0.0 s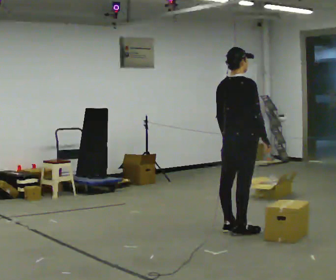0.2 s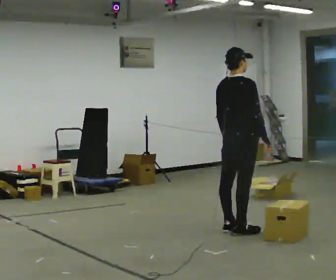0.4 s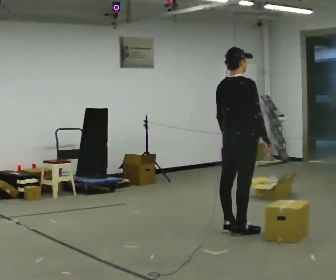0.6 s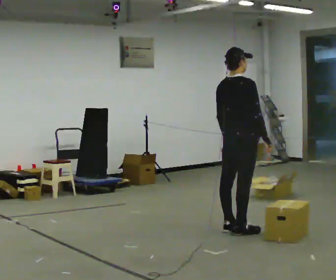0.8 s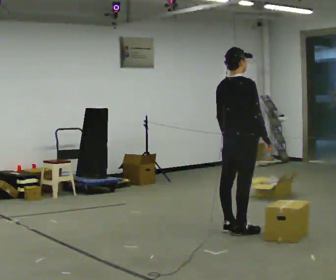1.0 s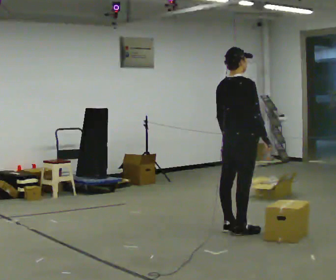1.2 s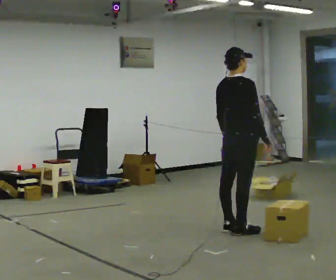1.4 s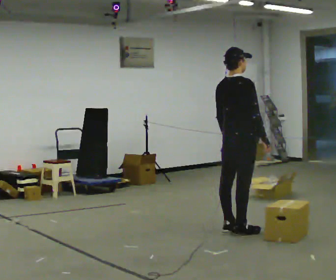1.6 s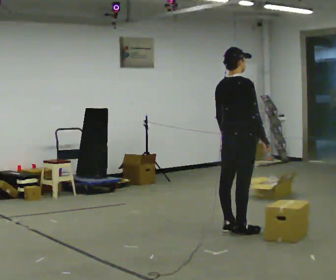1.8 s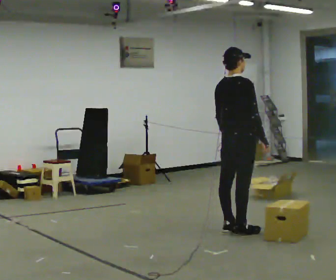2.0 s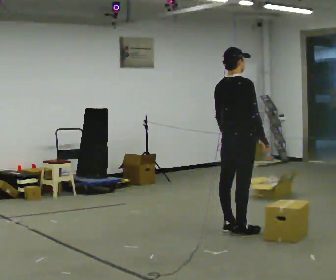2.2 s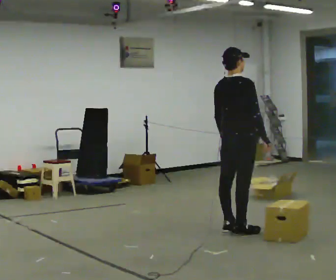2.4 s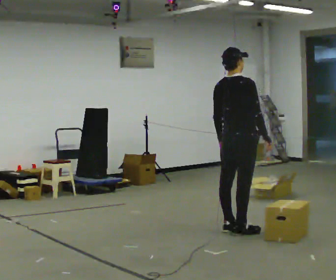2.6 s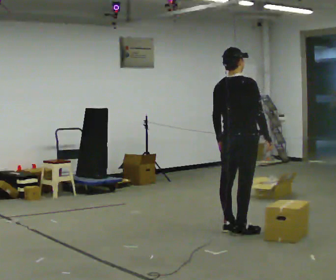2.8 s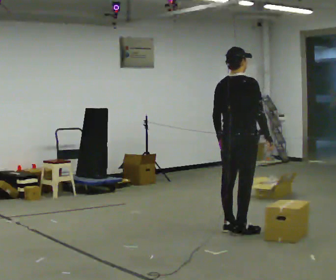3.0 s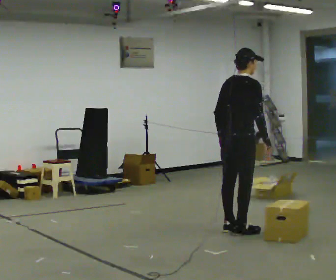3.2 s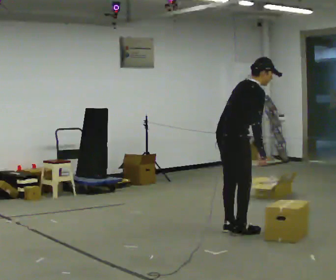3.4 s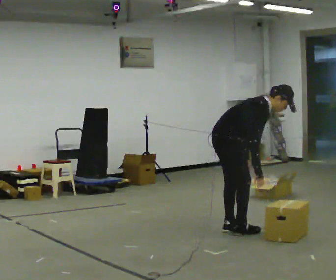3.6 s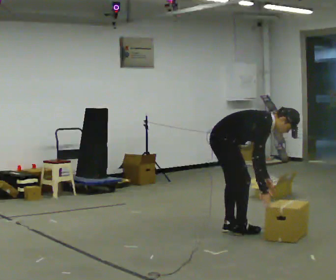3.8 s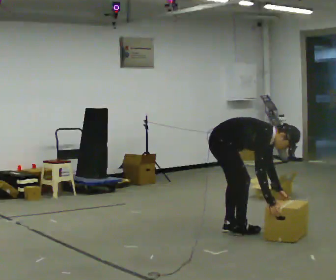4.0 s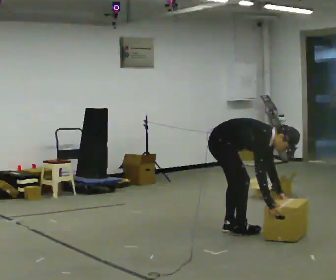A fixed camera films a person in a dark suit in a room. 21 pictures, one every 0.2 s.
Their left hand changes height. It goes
downward.
The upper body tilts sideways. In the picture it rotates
clockwise.
0.0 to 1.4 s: The person keeps their place and pose.
1.4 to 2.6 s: The person moves a little, or ends about where they began.
2.6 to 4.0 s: The person turns about 60 degrees to their right, clockwise seen from above, so the part of the body nearest the lens slides to the left. In the picture they go to the left, about 0.25 m, which for them is backward. The shoulders move downward. In the picture the upper body tilts clockwise, shoulders to the right, as they bend forward. In the picture their left hand goes to the right and downward.
The film runs backward here.
